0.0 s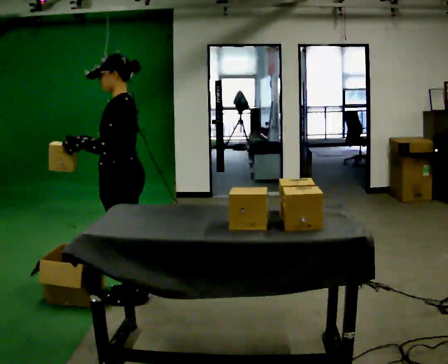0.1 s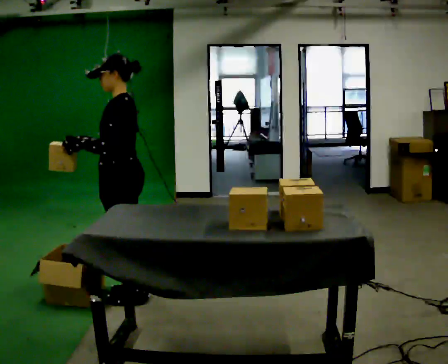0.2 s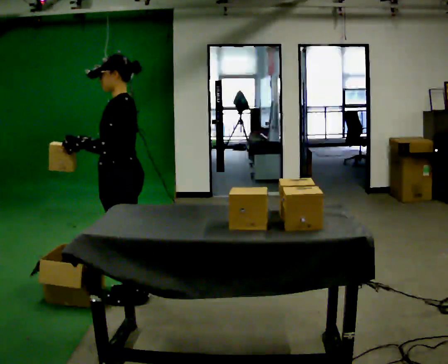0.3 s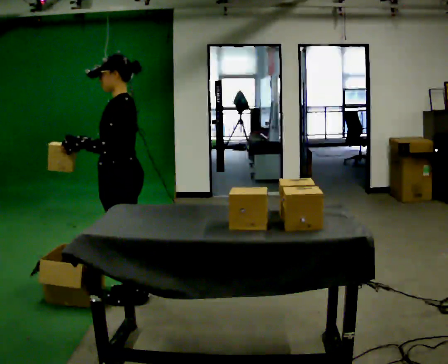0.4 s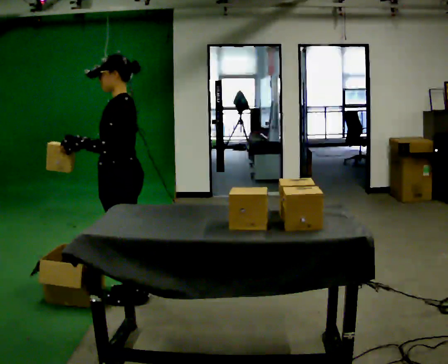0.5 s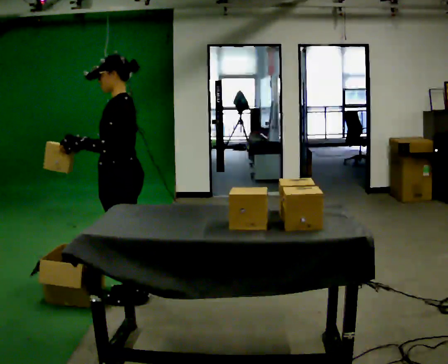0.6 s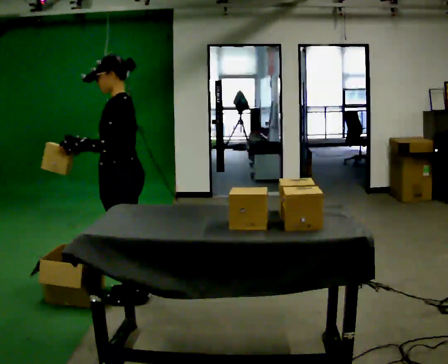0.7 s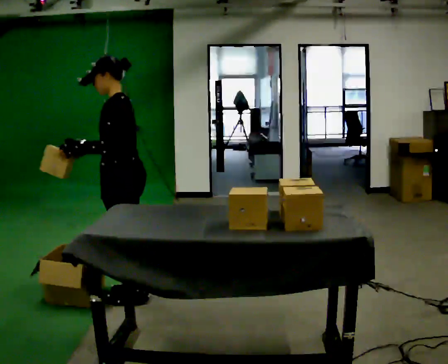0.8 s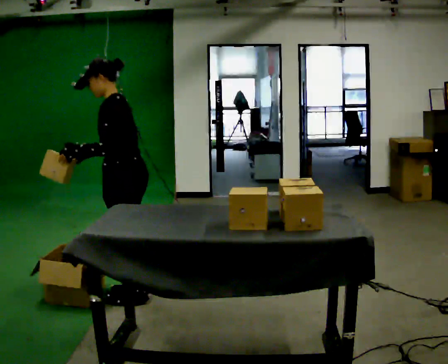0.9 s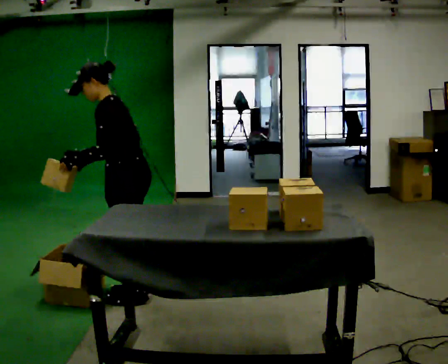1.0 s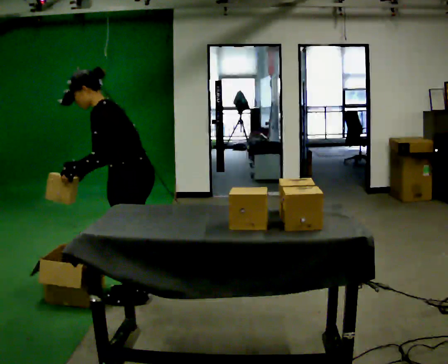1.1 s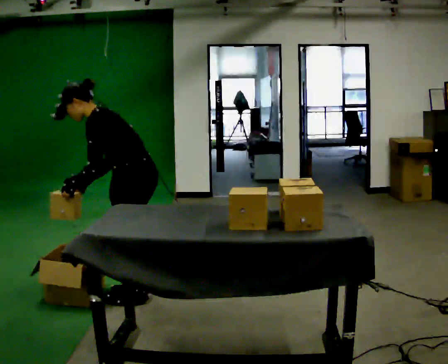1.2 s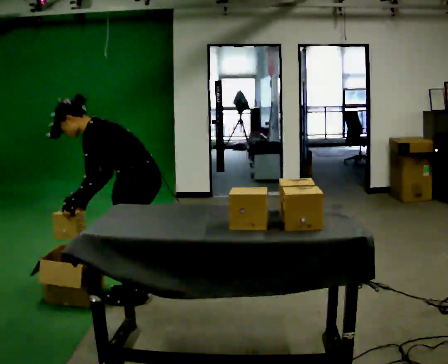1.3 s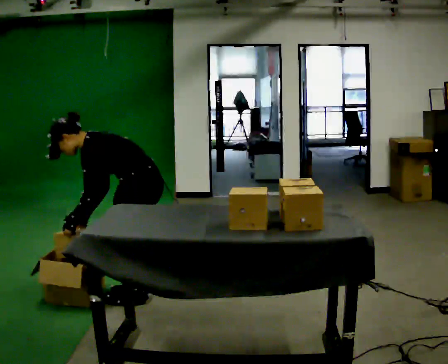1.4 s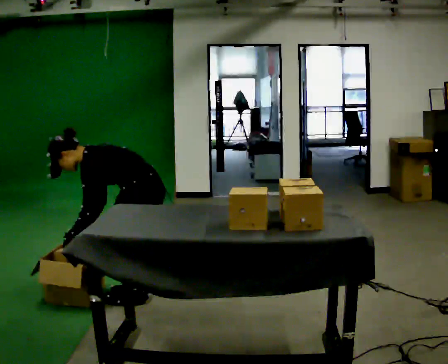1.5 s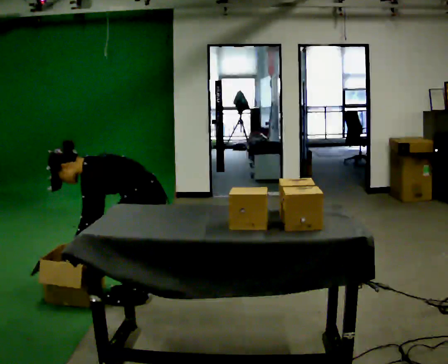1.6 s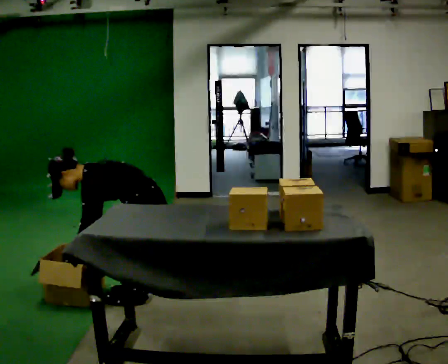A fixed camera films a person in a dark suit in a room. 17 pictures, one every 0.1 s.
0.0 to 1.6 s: The shoulders move downward. In the picture the upper body tilts counterclockwise, shoulders to the left, as they bend forward. In the picture their right hand goes downward.
The film runs backward here.
